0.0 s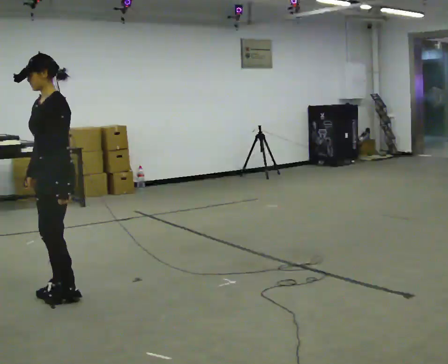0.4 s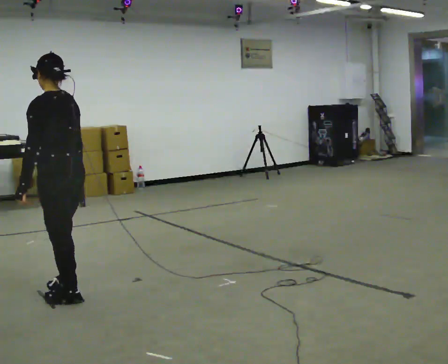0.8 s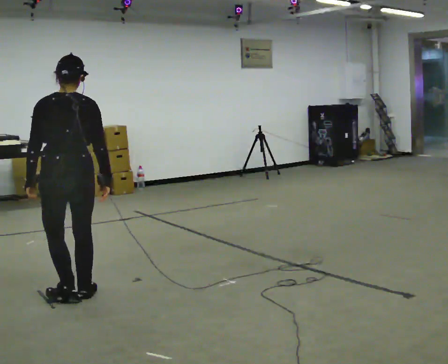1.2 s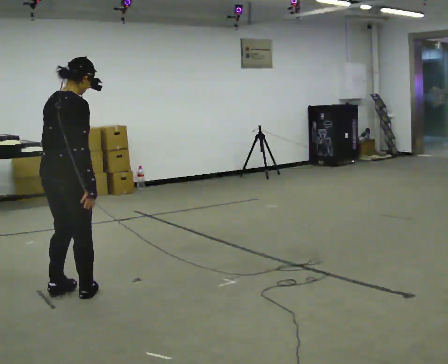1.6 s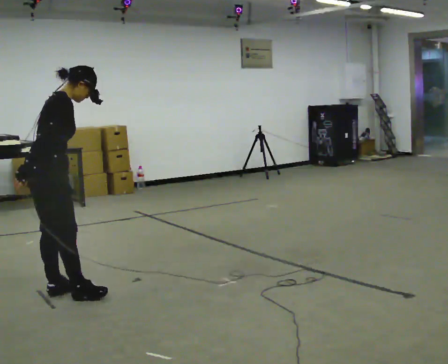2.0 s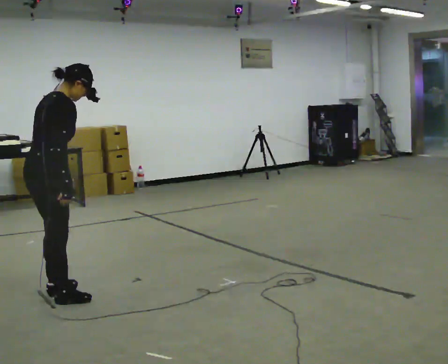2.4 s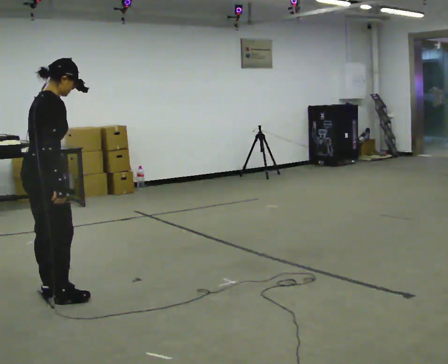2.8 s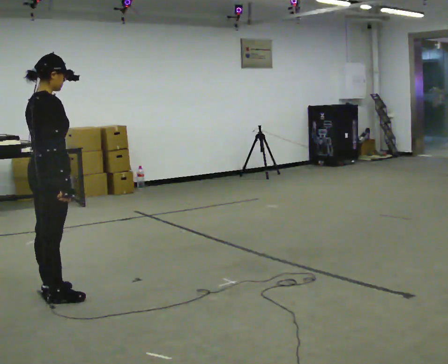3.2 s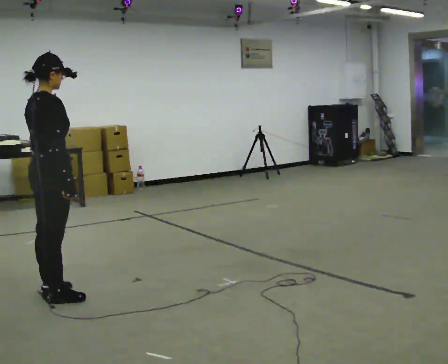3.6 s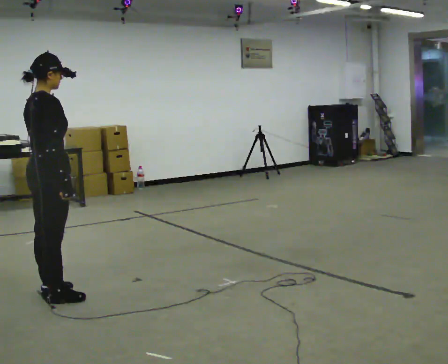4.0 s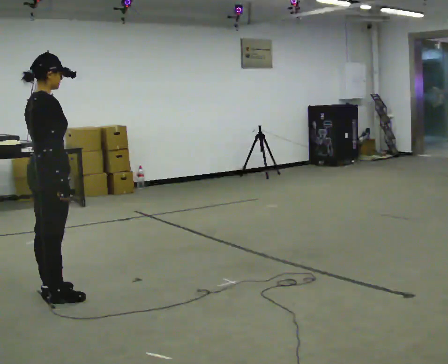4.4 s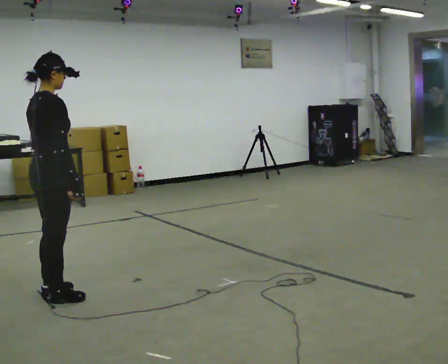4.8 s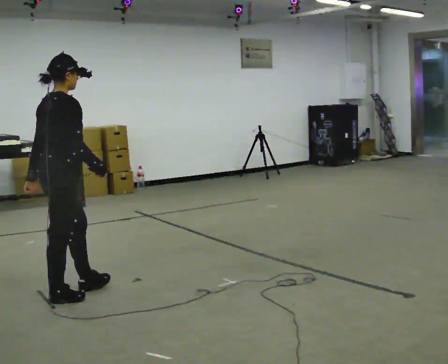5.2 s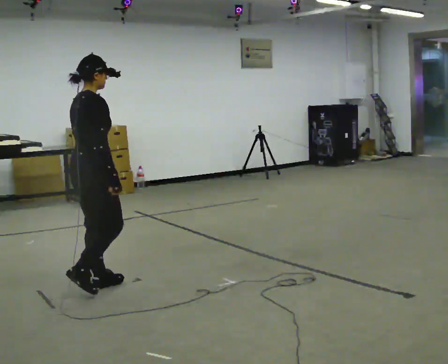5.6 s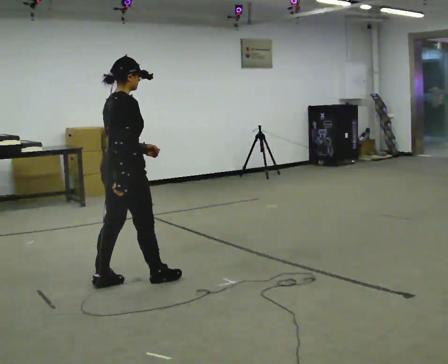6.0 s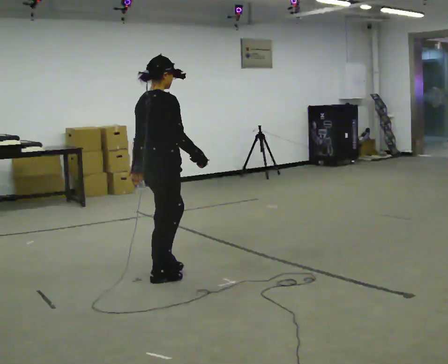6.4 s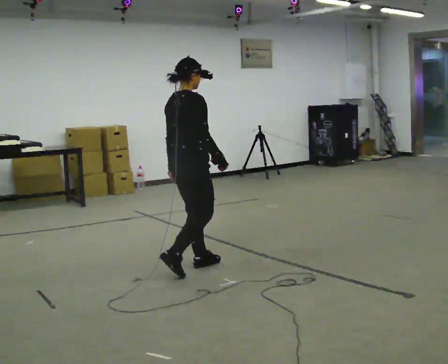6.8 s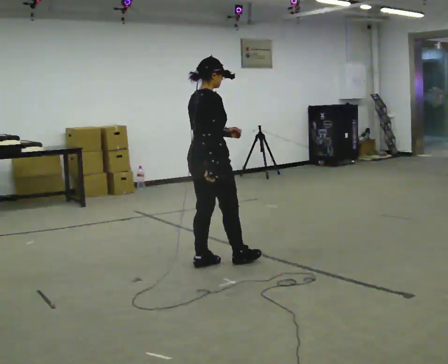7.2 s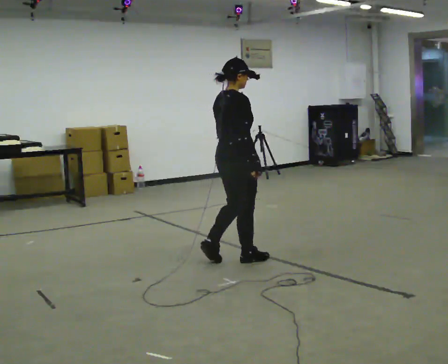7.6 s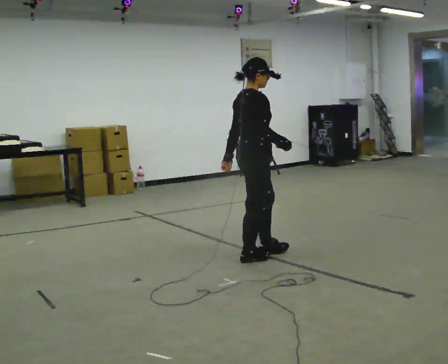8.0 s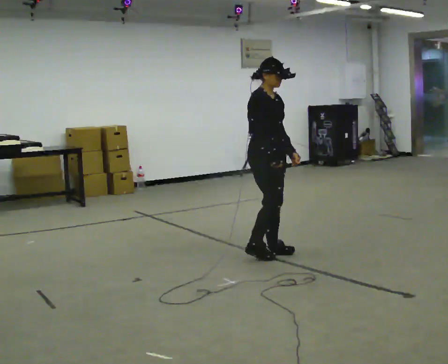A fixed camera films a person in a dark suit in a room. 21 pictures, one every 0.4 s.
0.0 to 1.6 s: The person turns about 180 degrees to their right, clockwise seen from above, so the part of the body nearest the lens slides to the left. In the picture the upper body tilts clockwise, shoulders to the right, as they bend forward.
1.6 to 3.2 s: In the picture the upper body tilts counterclockwise, shoulders to the left, as they lean back or straighten.
3.2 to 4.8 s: The person moves a little, or ends about where they began.
4.8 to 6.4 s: In the picture they go to the right and away from the camera, about 1 m in 3 steps, which for them is forward.
6.4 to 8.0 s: Seen from above the body turns clockwise, about 60 degrees: to their right, with its near side sliding to the left. In the picture they go to the right, about 0.75 m in 2 steps.
The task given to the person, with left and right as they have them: Walk normally; turn left/right while slowing; after turn accelerate back to normal.
The film runs forward here.
